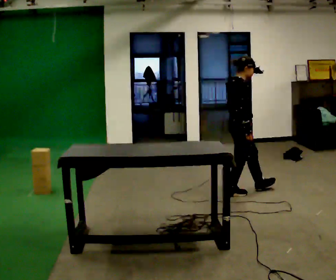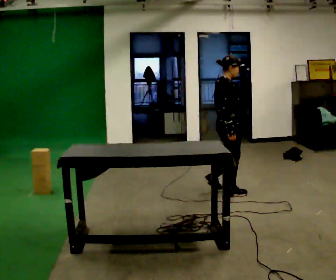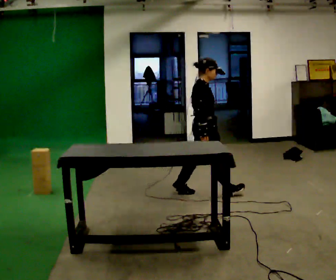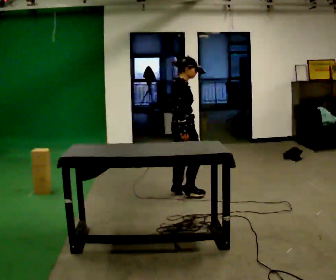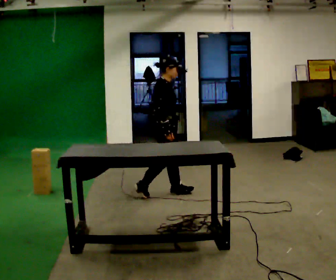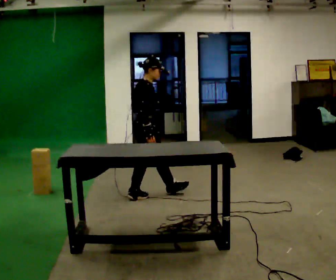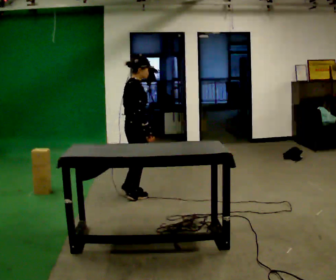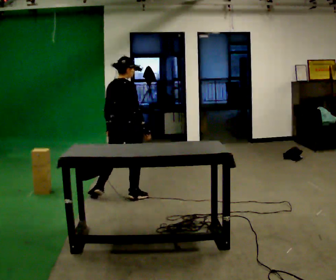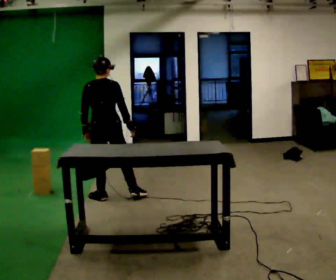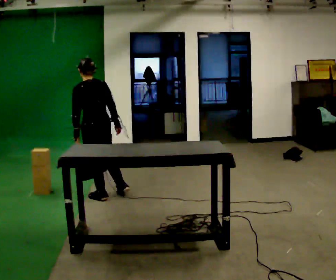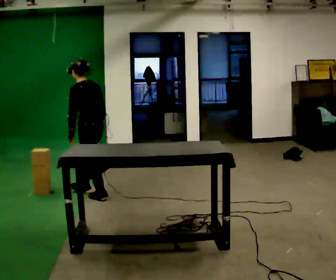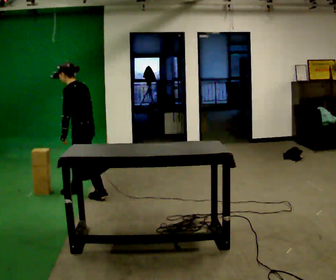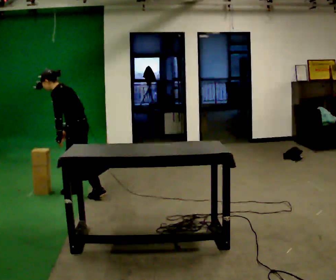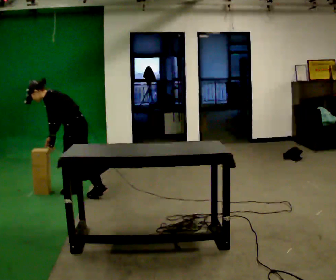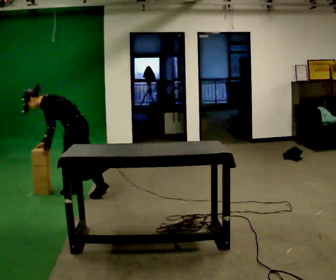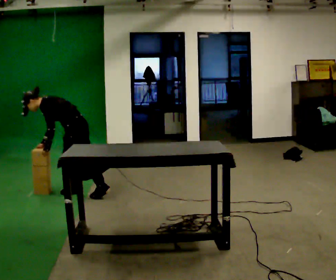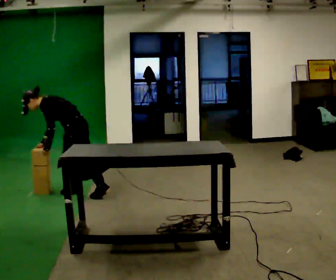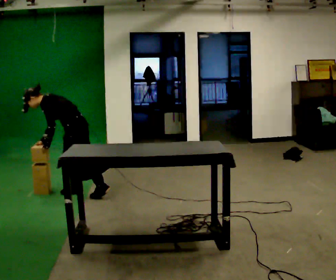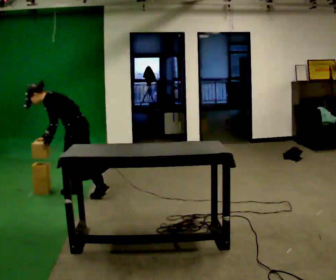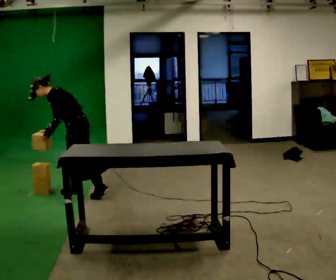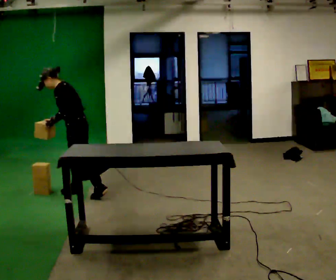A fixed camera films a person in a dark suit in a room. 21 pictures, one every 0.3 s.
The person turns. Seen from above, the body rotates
counterclockwise.
The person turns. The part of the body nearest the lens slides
to the right.
0.0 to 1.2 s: In the picture they go to the left, about 1 m in 1 step, which for them is backward.
1.2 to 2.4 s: The part of the body nearest the lens slides to the right as the person turns to their left by about 90 degrees. In the picture they go to the left, about 0.5 m in 2 steps.
2.4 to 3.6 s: The person turns about 90 degrees to their left, counterclockwise seen from above, so the part of the body nearest the lens slides to the right. In the picture they go to the left and away from the camera, about 0.25 m. In the picture the upper body tilts counterclockwise, shoulders to the left, as they bend forward.
3.6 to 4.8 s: In the picture the upper body tilts counterclockwise, shoulders to the left, as they bend forward.
4.8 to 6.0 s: In the picture the upper body tilts clockwise, shoulders to the right, as they lean back or straighten.
The film runs backward here.
